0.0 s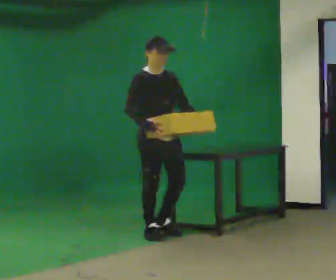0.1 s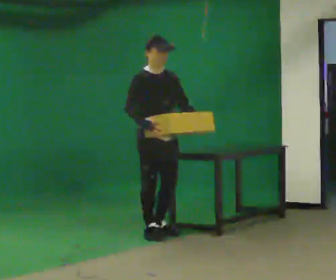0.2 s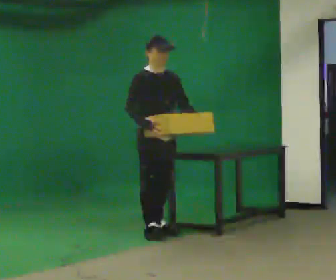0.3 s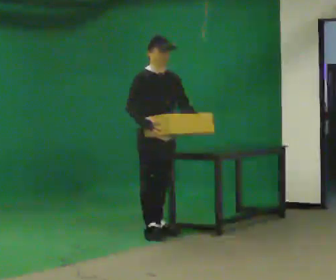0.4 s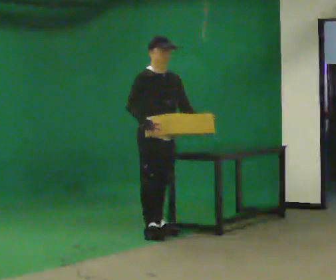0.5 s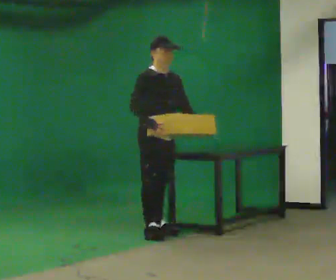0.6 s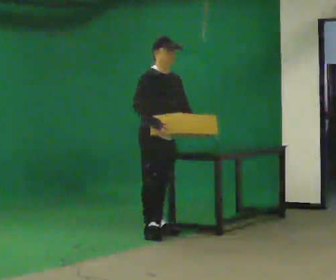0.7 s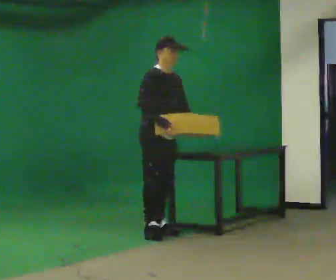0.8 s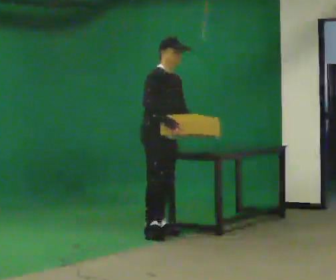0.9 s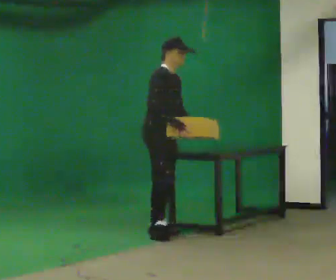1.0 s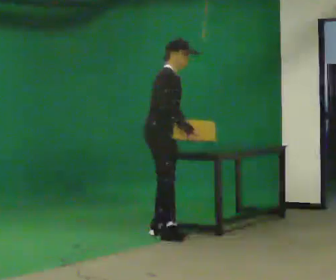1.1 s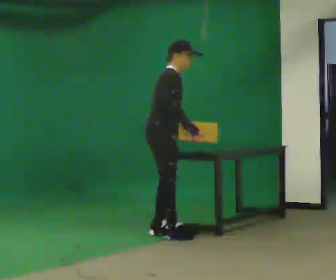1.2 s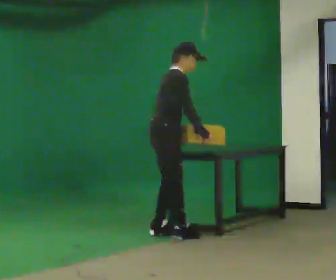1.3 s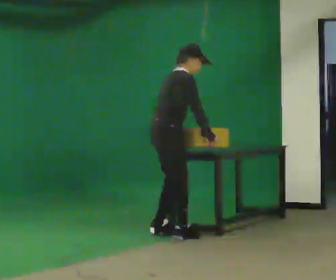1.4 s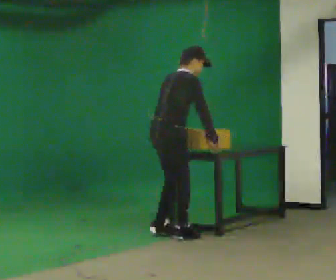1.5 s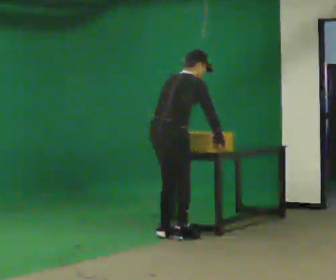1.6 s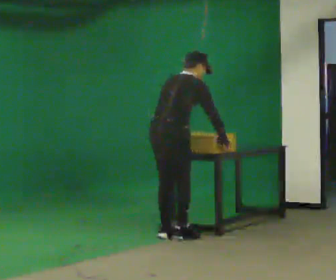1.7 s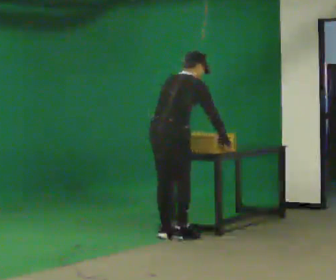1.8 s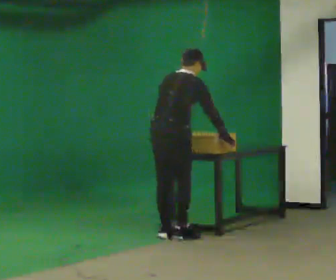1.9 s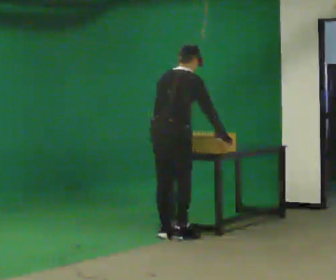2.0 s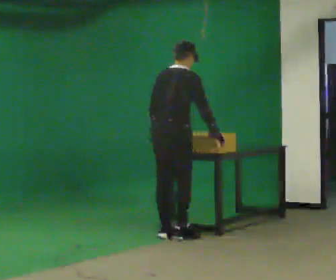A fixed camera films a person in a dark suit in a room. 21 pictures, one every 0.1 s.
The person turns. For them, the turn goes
to their left.
The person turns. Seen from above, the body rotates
counterclockwise.
0.0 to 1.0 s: The part of the body nearest the lens slides to the right as the person turns to their left by about 30 degrees. In the picture the upper body tilts clockwise, shoulders to the right.
1.0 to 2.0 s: The person turns about 75 degrees to their left, counterclockwise seen from above, so the part of the body nearest the lens slides to the right.
The film runs backward here.
